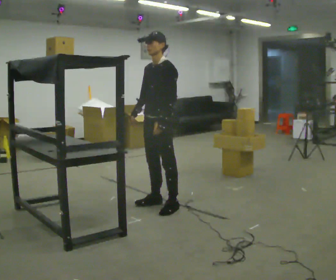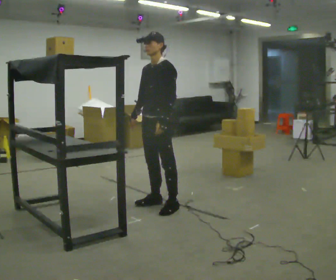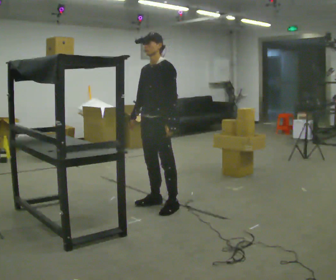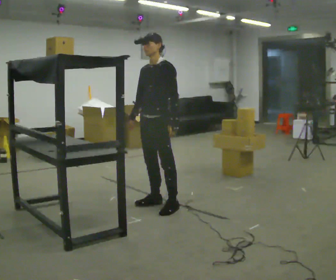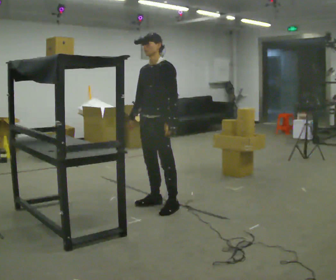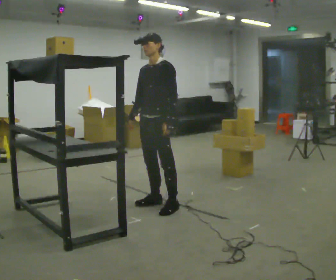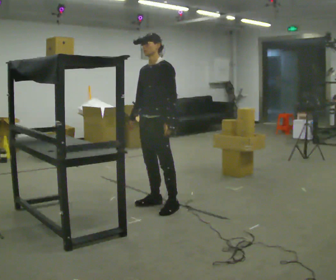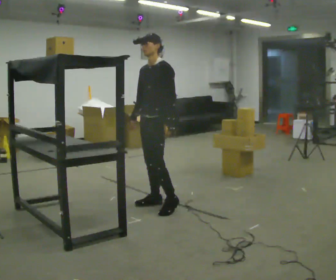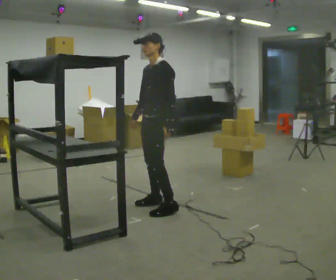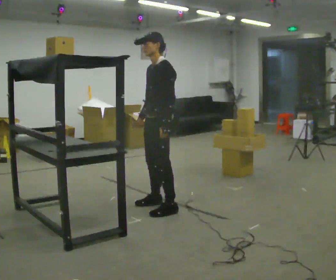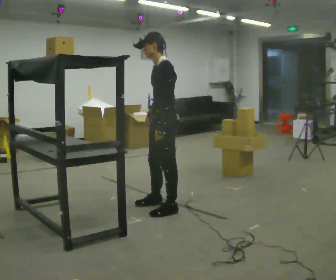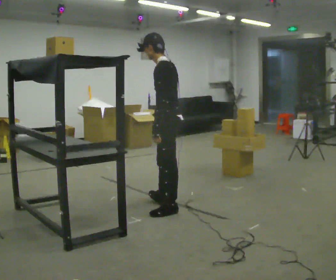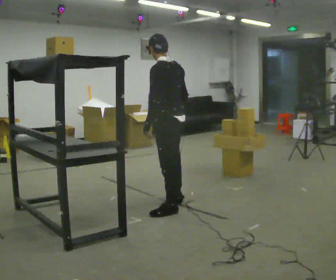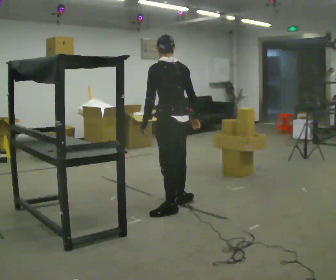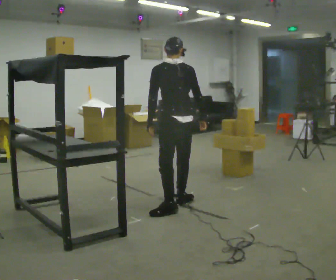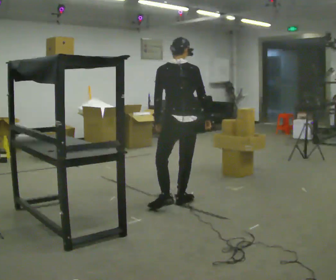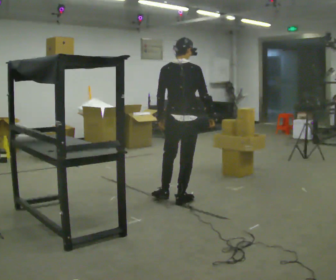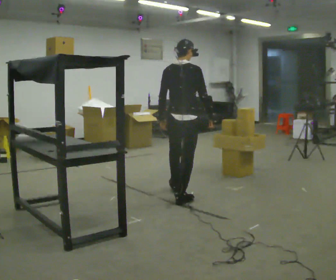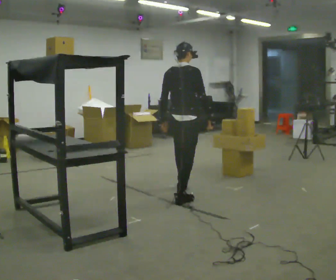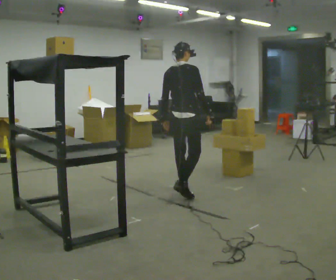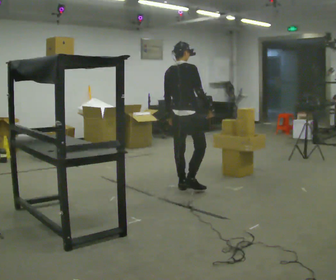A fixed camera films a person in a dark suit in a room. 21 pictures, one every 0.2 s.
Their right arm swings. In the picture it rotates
counterclockwise.
The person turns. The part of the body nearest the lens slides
to the left.
0.0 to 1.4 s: The person moves a little, or ends about where they began.
1.4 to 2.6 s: The person turns about 90 degrees to their right, clockwise seen from above, so the part of the body nearest the lens slides to the left. In the picture they go to the right, about 0.25 m in 1 step. In the picture their right hand goes to the right, the arm swinging counterclockwise.
2.6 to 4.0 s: Seen from above the body turns clockwise, about 75 degrees: to their right, with its near side sliding to the left. In the picture they go away from the camera, about 0.5 m in 1 step.
The film runs forward here.
